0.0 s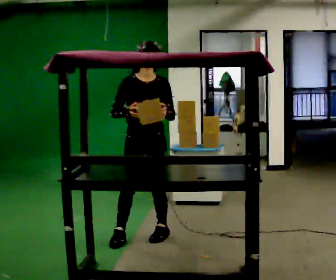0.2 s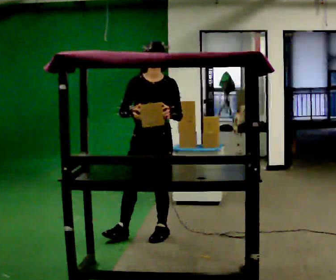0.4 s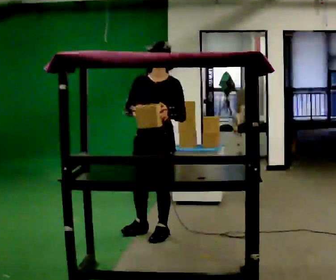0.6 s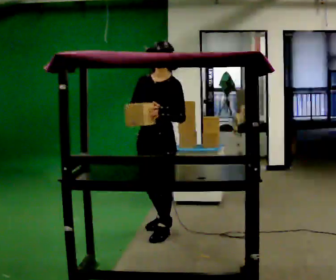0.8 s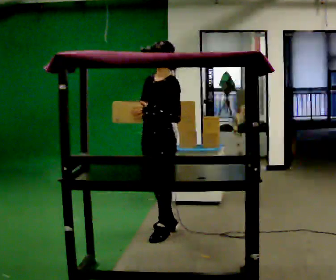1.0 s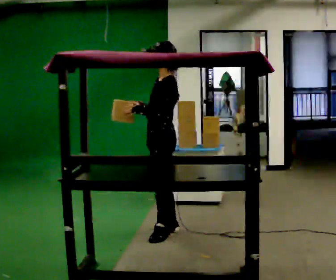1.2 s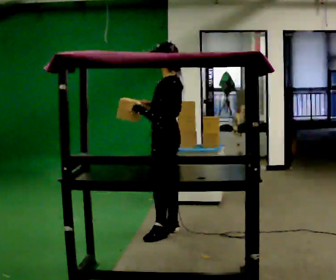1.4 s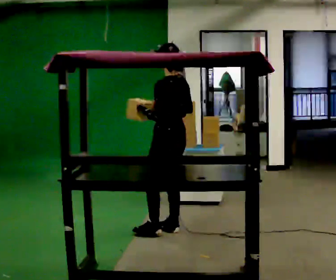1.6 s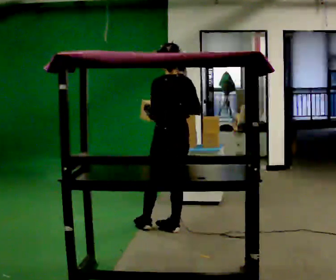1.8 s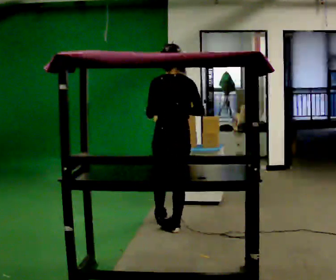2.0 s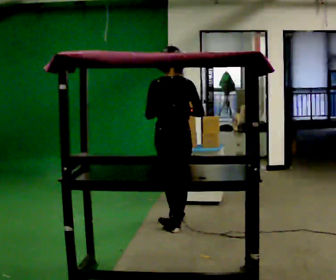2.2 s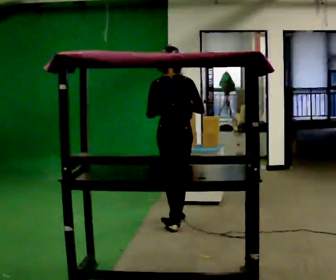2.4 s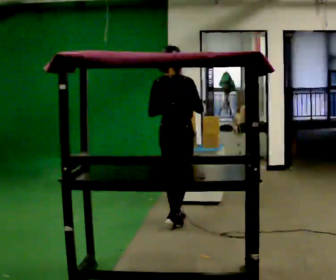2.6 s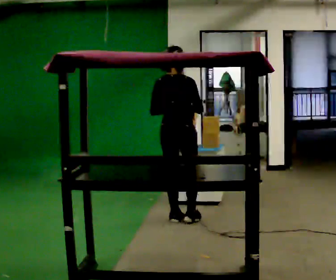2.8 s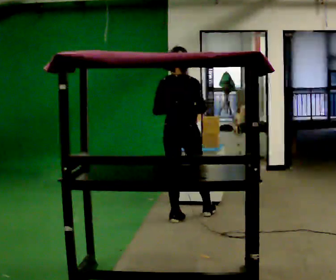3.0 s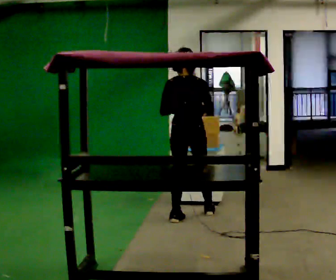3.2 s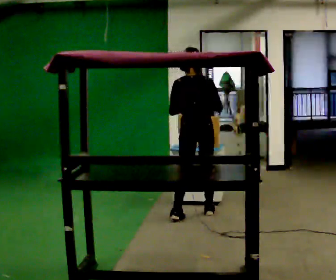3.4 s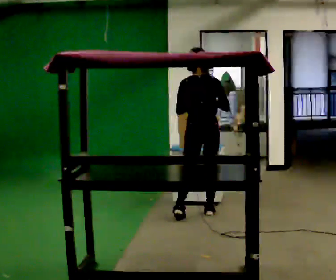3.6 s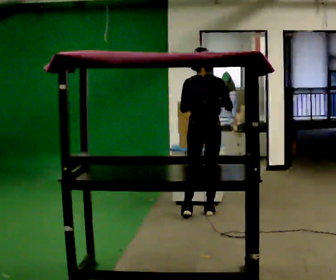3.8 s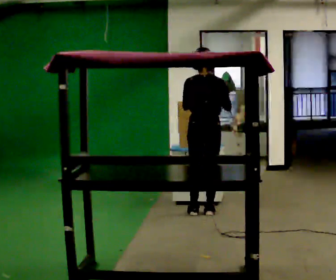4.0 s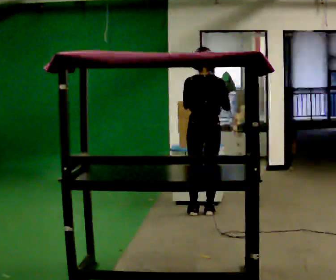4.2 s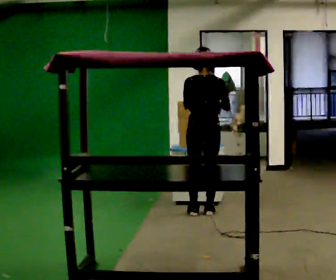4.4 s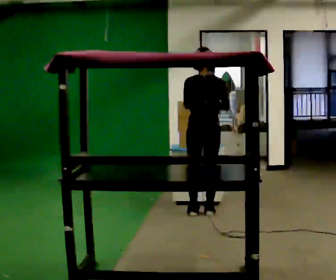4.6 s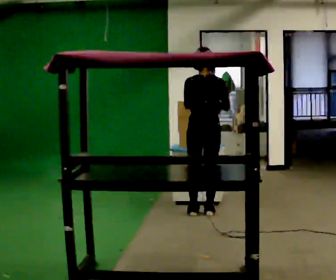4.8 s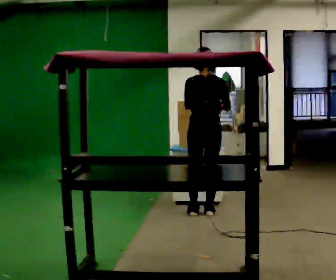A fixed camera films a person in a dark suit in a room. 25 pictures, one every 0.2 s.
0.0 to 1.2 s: The part of the body nearest the lens slides to the left as the person turns to their right by about 120 degrees. In the picture they go away from the camera and to the right, about 0.25 m in 1 step.
1.2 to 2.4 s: Seen from above the body turns clockwise, about 90 degrees: to their right, with its near side sliding to the left. In the picture they go away from the camera, about 0.25 m in 1 step.
2.4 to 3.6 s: In the picture they go to the right and away from the camera, about 0.25 m in 1 step, which for them is forward and to their right.
3.6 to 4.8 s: The person moves a little, or ends about where they began.
The film runs forward here.
